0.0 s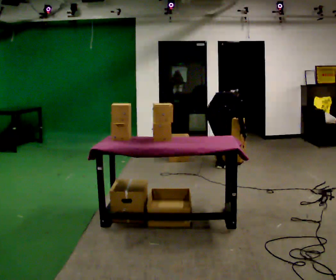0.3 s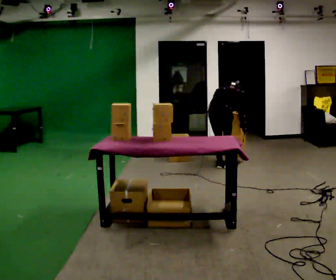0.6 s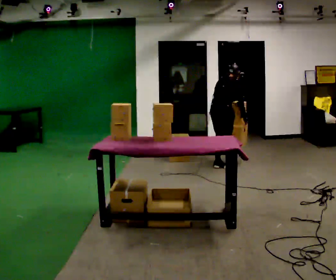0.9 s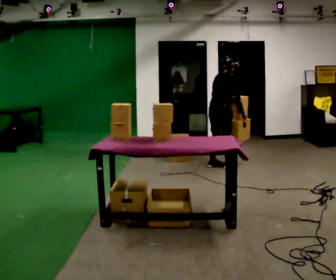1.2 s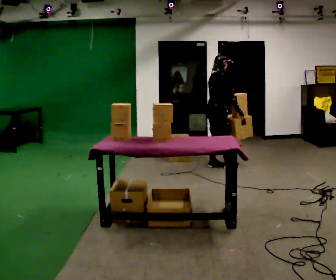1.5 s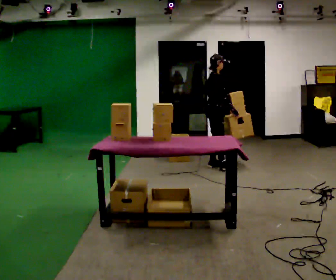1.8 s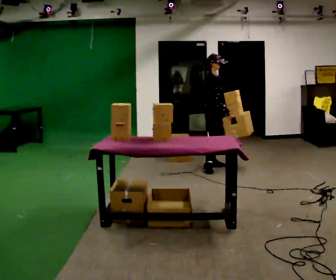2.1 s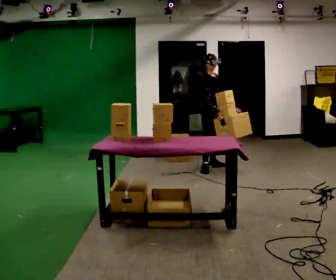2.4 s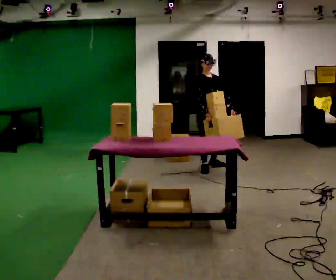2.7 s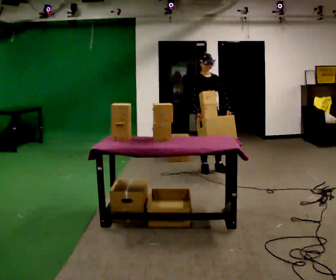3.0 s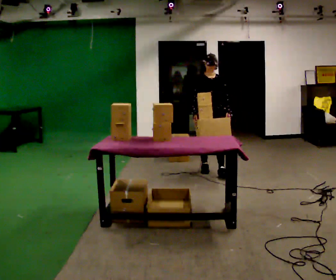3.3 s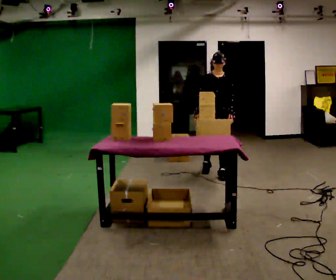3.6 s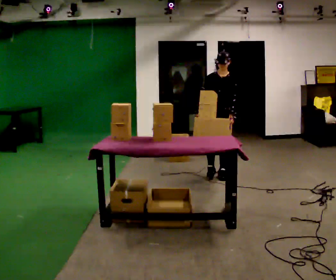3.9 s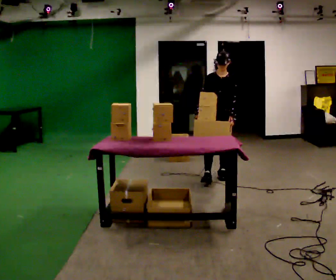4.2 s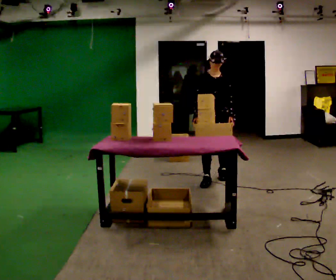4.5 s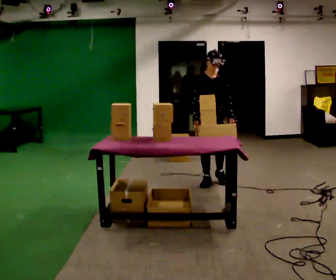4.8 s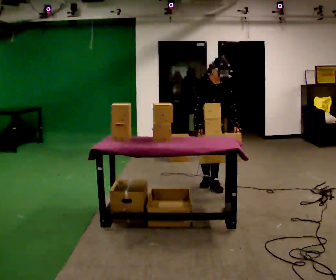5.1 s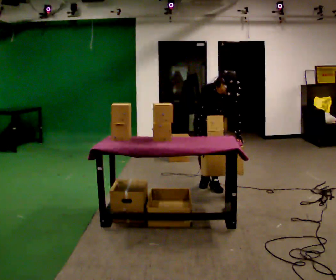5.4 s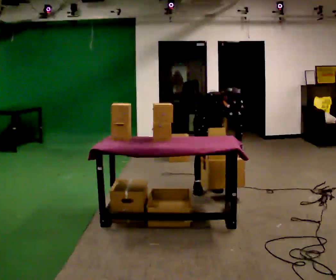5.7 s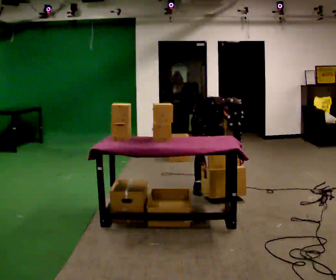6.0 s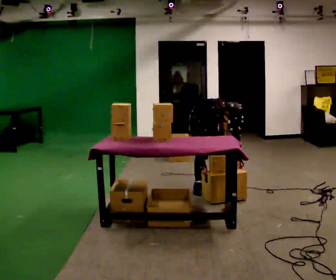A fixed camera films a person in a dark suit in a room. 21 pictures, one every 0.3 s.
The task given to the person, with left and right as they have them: 1. Take everything out of the crates by the door. 2. Put the small items on the middle shelf. 3. Put the large items on the bottom shelf. 4. Stack the empty crates by the door. 5. Tell the operator when you are finished.
0.0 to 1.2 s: The person turns about 45 degrees to their right, clockwise seen from above, so the part of the body nearest the lens slides to the left. In the picture they go away from the camera, about 0.25 m. The shoulders move upward. The upper body tips toward the camera, its near side rolling downward, as they lean back or straighten. In the picture their left hand goes upward.
1.2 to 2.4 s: Seen from above the body turns clockwise, about 75 degrees: to their right, with its near side sliding to the left. In the picture they go toward the camera, about 0.25 m in 1 step.
2.4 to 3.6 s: The person turns about 60 degrees to their right, clockwise seen from above, so the part of the body nearest the lens slides to the left. In the picture they go toward the camera and to the right, about 0.5 m in 1 step, which for them is forward.
3.6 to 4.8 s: Seen from above the body turns counterclockwise, about 30 degrees: to their left, with its near side sliding to the right. In the picture they go toward the camera, about 0.5 m in 2 steps, which for them is forward and to their right. The upper body tips toward the camera, its near side rolling downward, as they bend forward.
4.8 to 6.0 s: The upper body goes downward. The upper body tips toward the camera, its near side rolling downward, as they bend forward. In the picture their left hand goes downward.
The film runs forward here.
